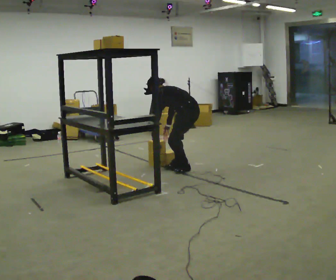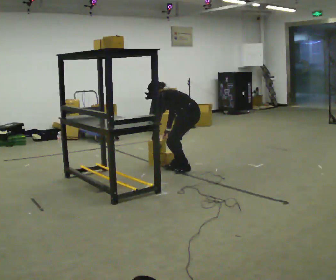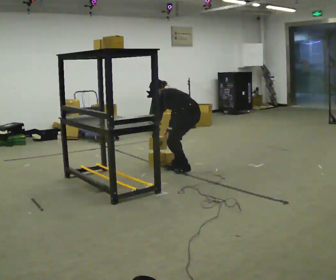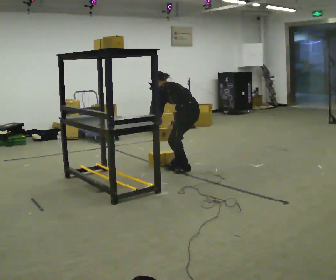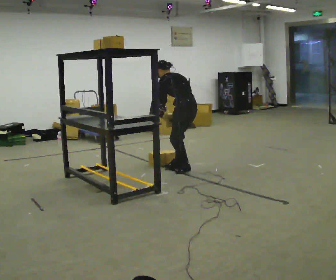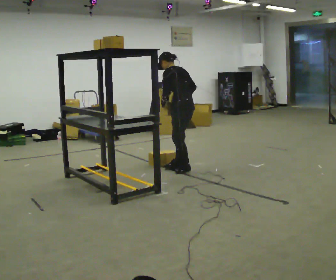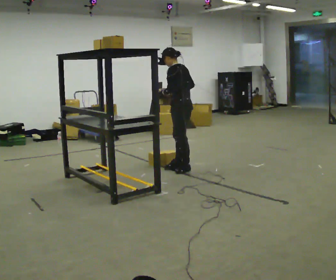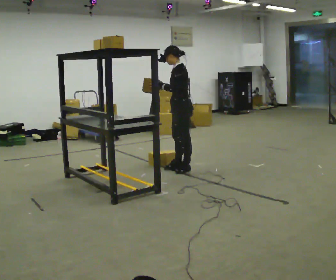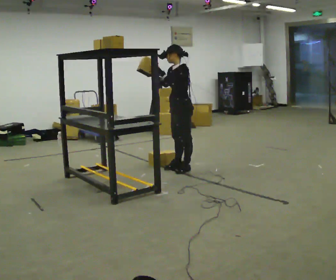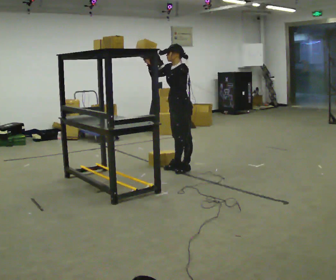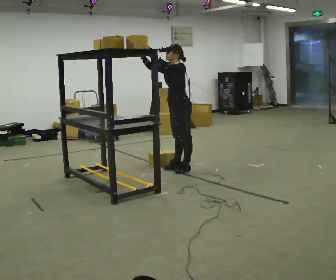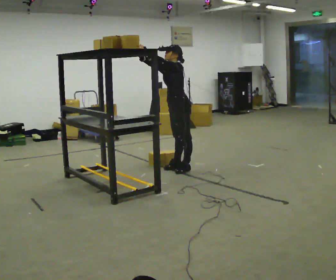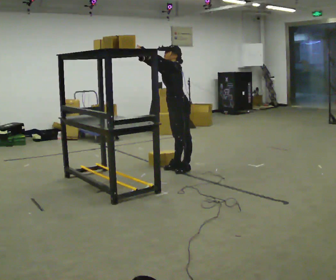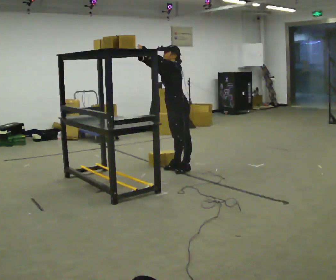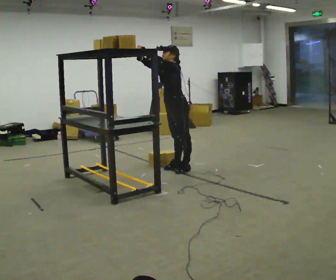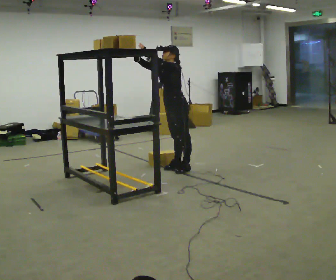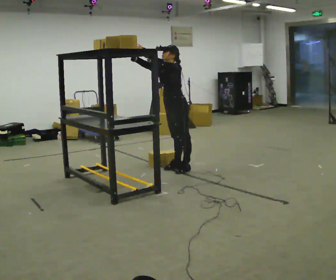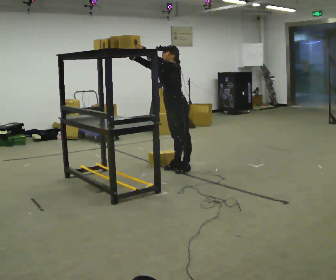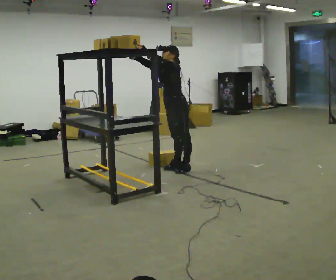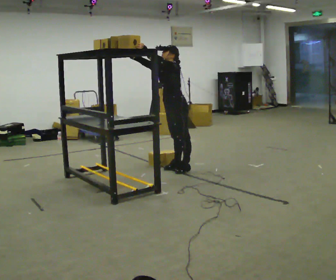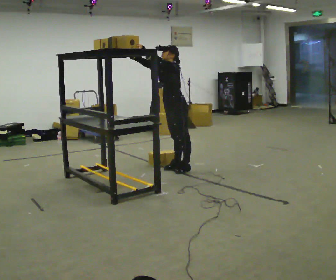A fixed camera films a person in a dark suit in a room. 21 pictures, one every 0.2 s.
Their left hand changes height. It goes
upward.
Their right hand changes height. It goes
upward.
0.0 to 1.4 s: The part of the body nearest the lens slides to the right as the person turns to their left by about 30 degrees. The shoulders move upward. In the picture the upper body tilts clockwise, shoulders to the right, as they lean back or straighten. In the picture their right hand goes upward.
1.4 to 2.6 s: The person turns about 30 degrees to their left, counterclockwise seen from above, so the part of the body nearest the lens slides to the right. In the picture their right hand goes upward and to the left.
2.6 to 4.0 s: The person moves a little, or ends about where they began.
The film runs backward here.
